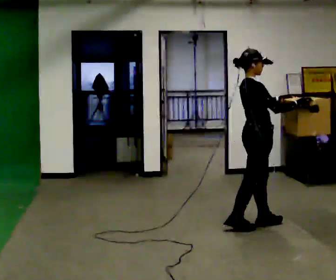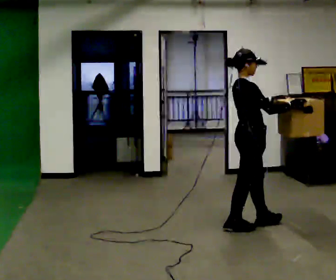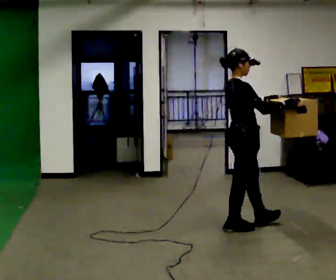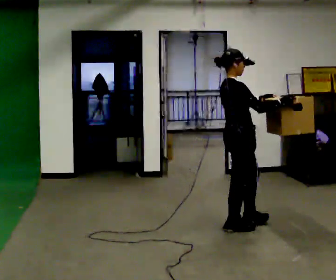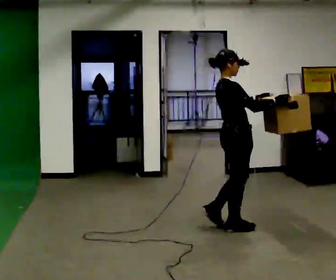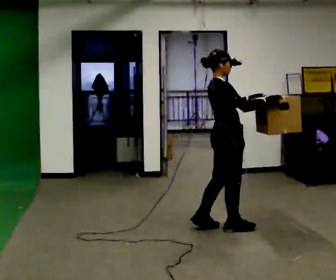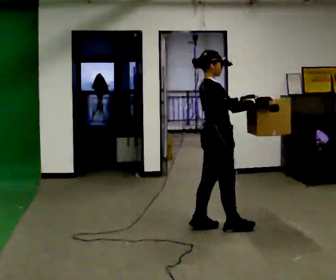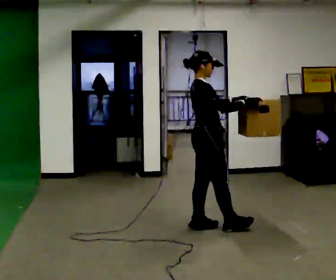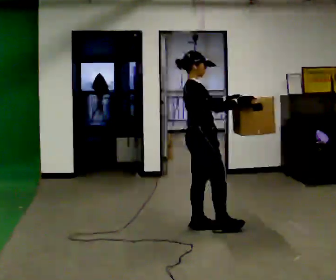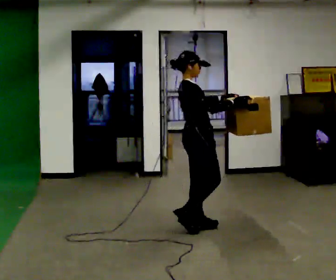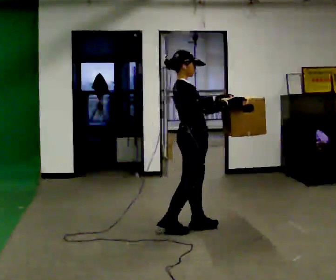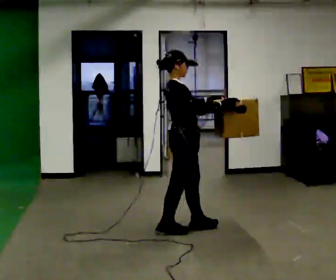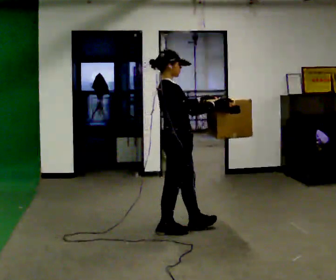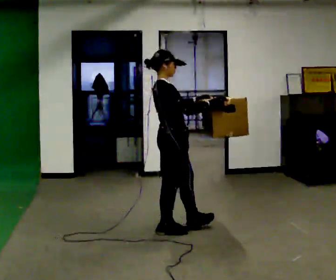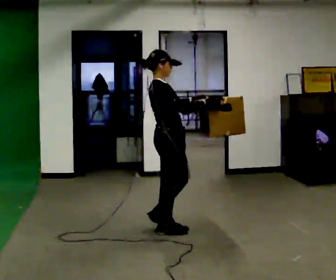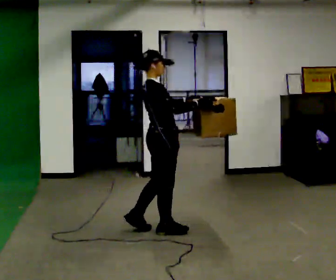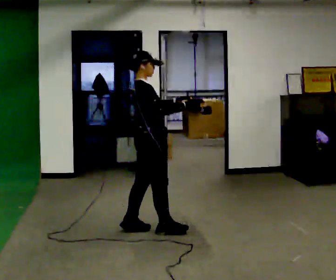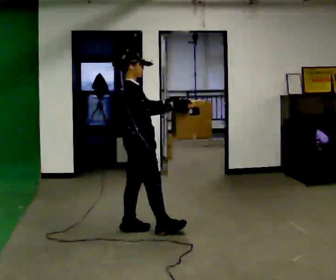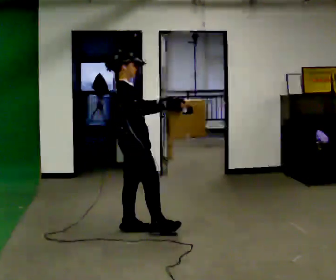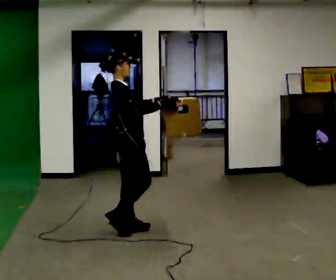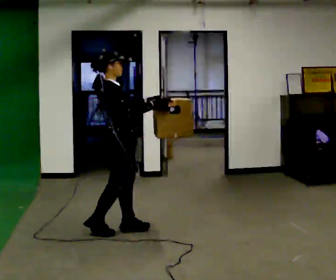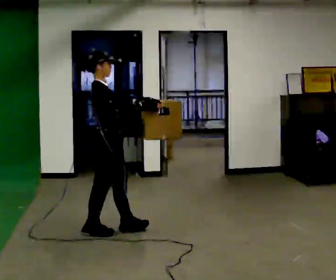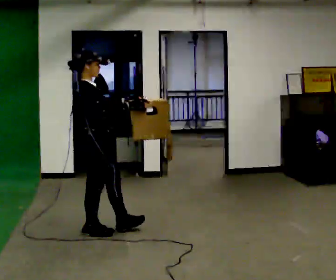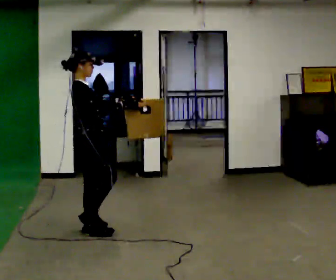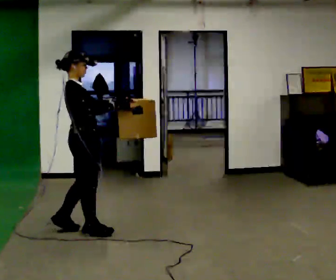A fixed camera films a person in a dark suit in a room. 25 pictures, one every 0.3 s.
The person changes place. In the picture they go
to the left.
0.0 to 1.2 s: In the picture they go to the left, about 0.25 m in 1 step, which for them is backward.
1.2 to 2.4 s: In the picture they go to the left, about 0.25 m in 1 step, which for them is backward and to their left.
2.4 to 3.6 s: In the picture they go to the left, about 0.25 m, which for them is backward.
3.6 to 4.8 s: In the picture they go to the left, about 0.25 m in 1 step, which for them is backward.
4.8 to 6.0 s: In the picture they go to the left, about 0.25 m in 1 step, which for them is backward.
6.0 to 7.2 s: In the picture they go to the left, about 0.25 m in 1 step, which for them is backward.
The film runs backward here.
